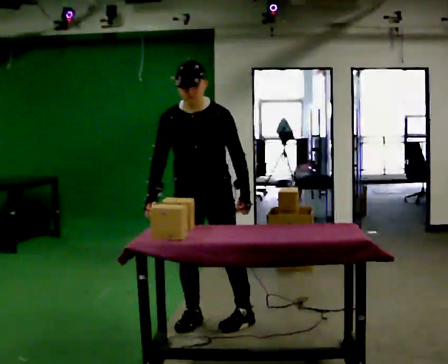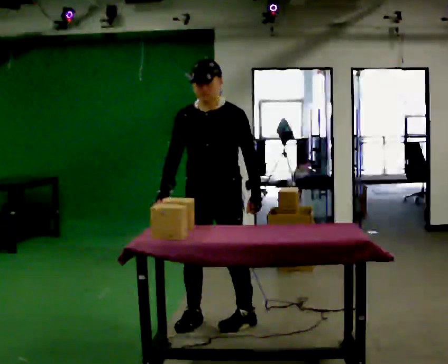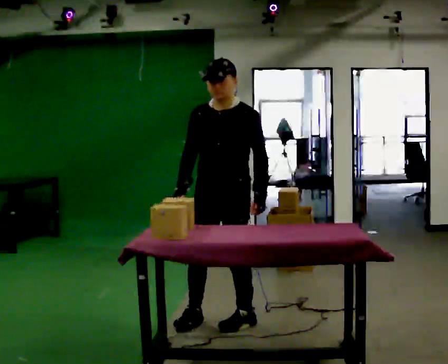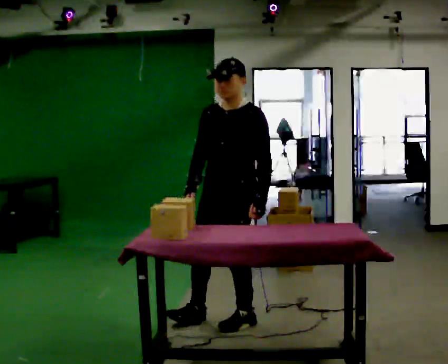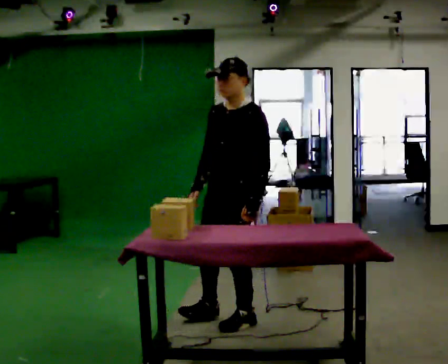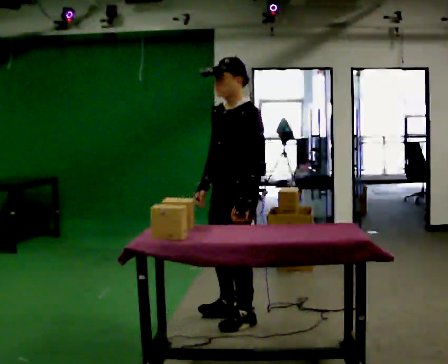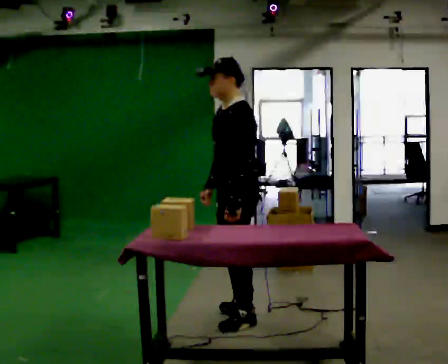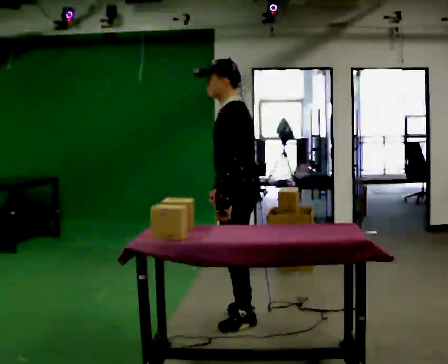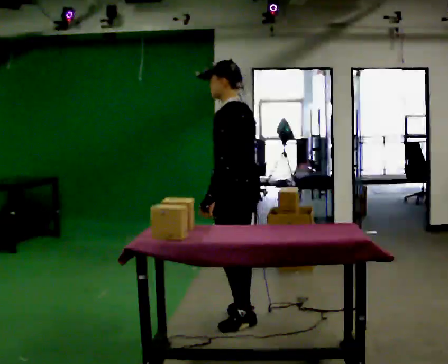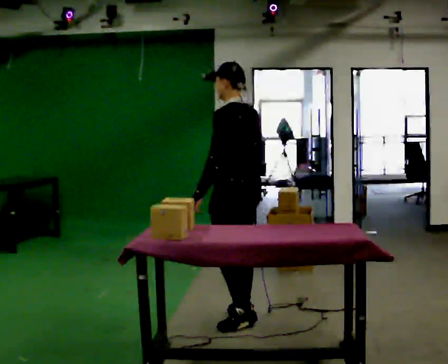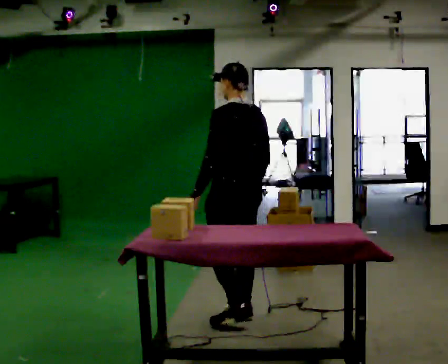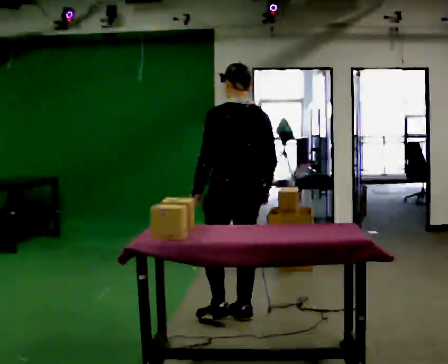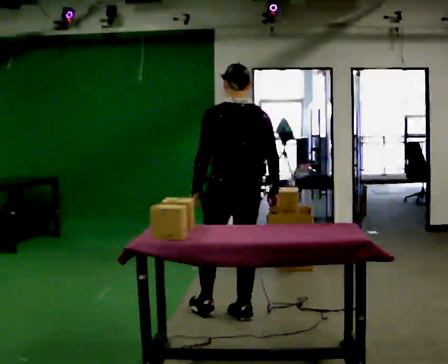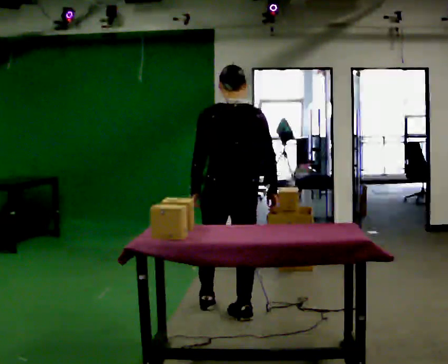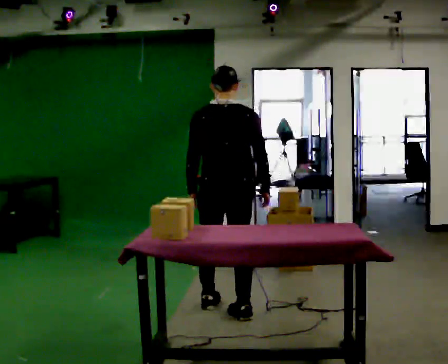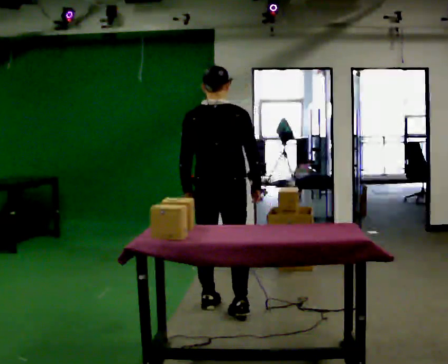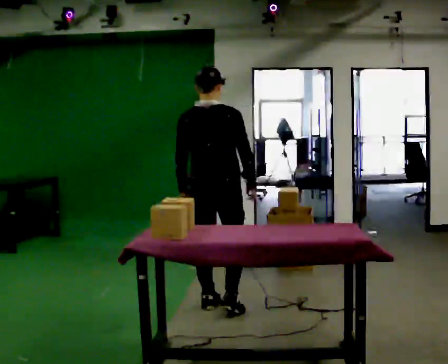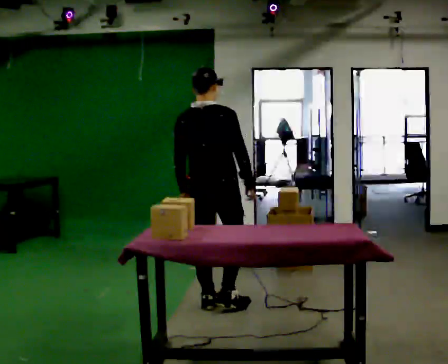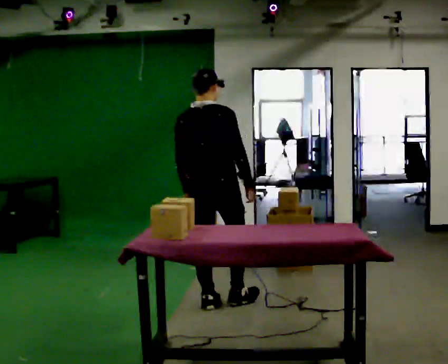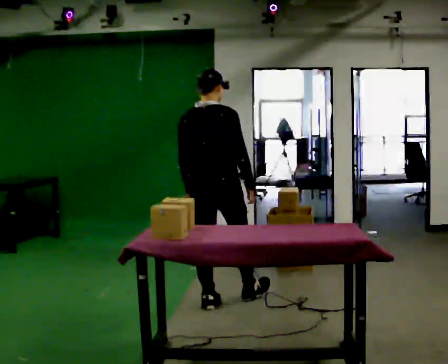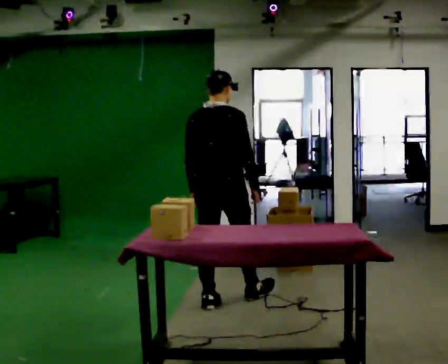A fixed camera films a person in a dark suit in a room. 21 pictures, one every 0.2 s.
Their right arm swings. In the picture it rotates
counterclockwise.
The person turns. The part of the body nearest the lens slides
to the left.
0.0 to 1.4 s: Seen from above the body turns clockwise, about 90 degrees: to their right, with its near side sliding to the left. In the picture they go to the right, about 0.25 m in 2 steps.
1.4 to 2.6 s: The part of the body nearest the lens slides to the left as the person turns to their right by about 75 degrees. In the picture they go away from the camera, about 0.25 m.
2.6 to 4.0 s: The part of the body nearest the lens slides to the left as the person turns to their right by about 30 degrees. In the picture they go away from the camera, about 0.25 m in 2 steps, which for them is forward and to their left.
The film runs forward here.
